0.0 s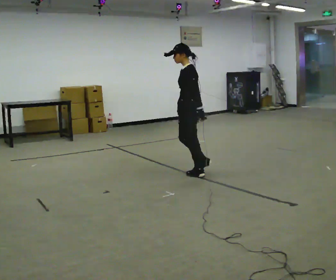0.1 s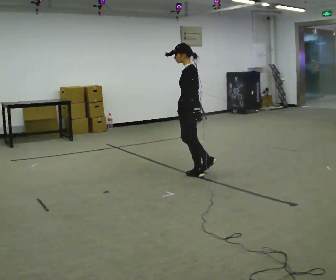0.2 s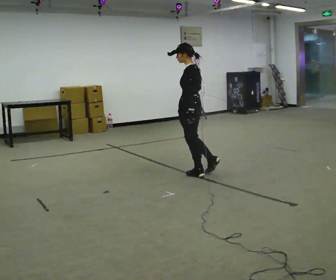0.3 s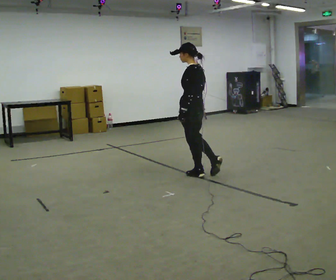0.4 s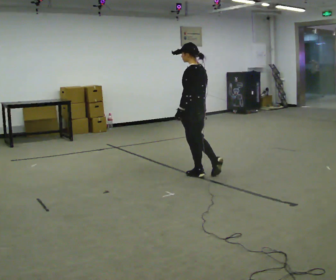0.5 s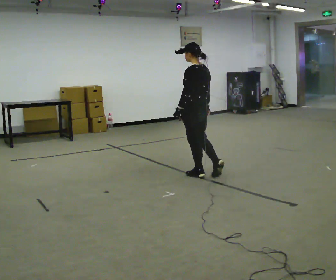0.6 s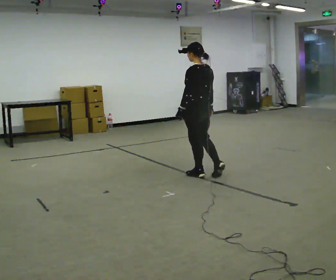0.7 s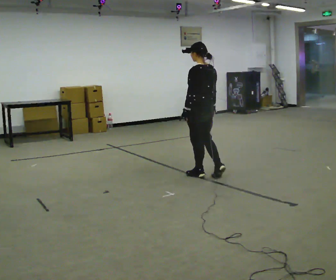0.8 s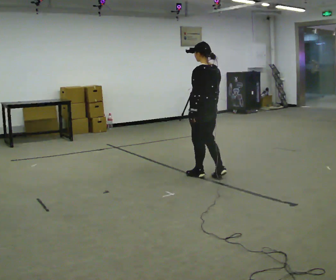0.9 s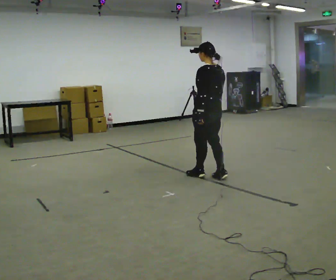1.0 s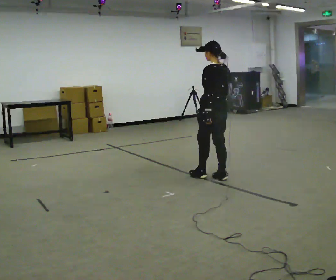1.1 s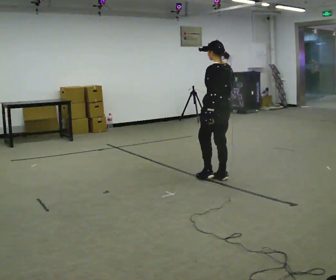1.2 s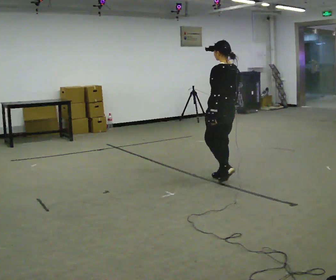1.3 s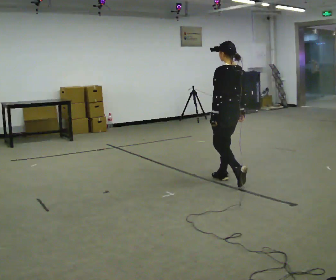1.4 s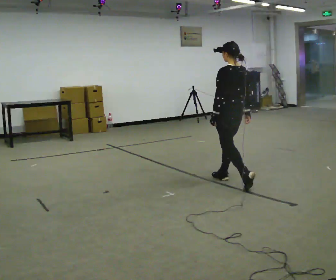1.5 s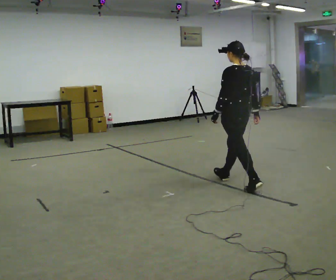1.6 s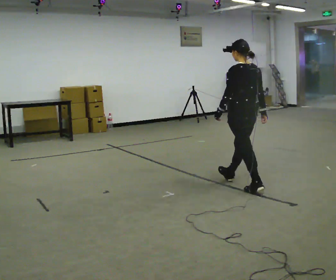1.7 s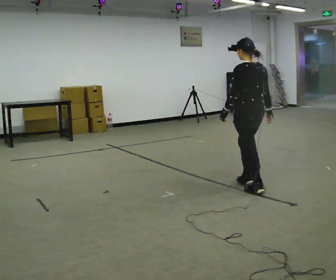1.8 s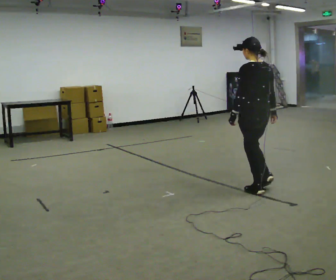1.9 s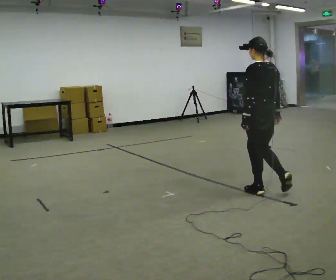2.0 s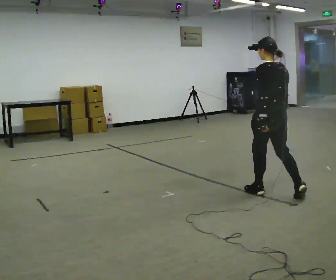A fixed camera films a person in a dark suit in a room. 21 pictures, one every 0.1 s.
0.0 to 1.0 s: The person turns about 45 degrees to their right, clockwise seen from above, so the part of the body nearest the lens slides to the left. In the picture they go to the right, about 0.25 m in 1 step, which for them is backward.
1.0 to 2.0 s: In the picture they go toward the camera and to the right, about 1 m in 1 step, which for them is backward.
The film runs backward here.
